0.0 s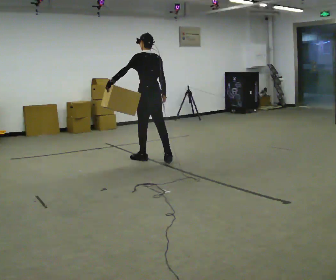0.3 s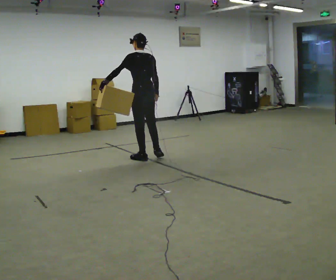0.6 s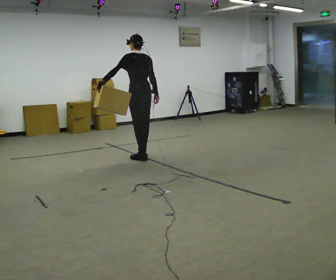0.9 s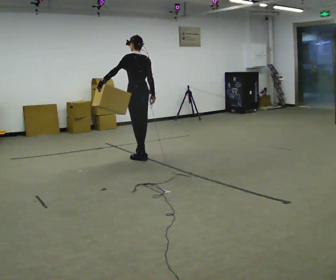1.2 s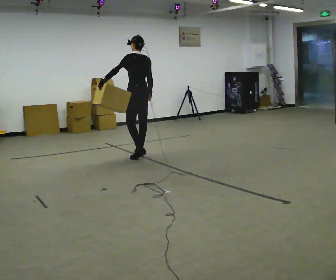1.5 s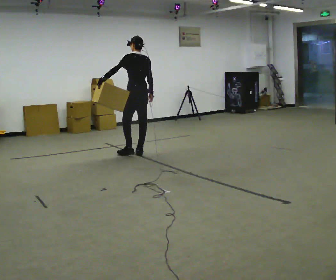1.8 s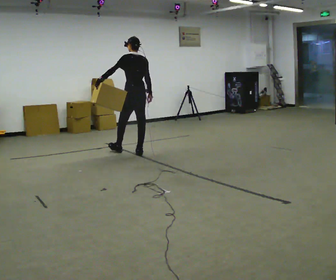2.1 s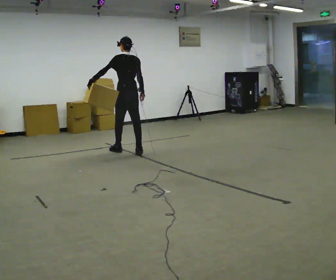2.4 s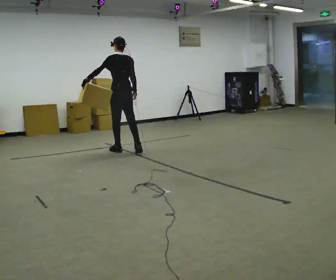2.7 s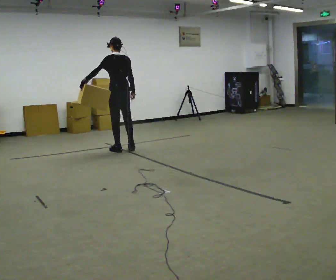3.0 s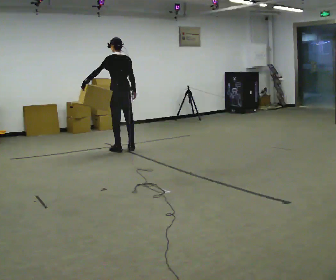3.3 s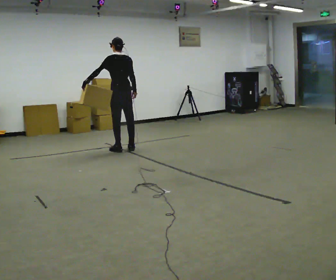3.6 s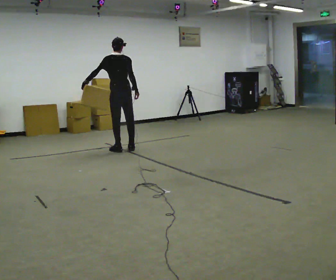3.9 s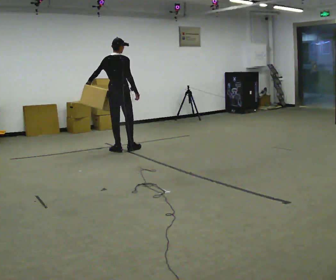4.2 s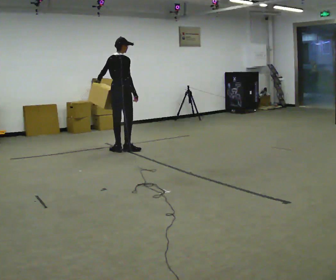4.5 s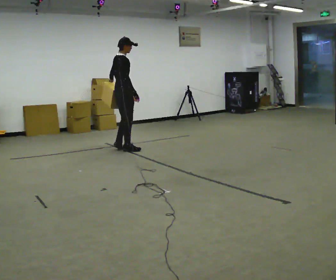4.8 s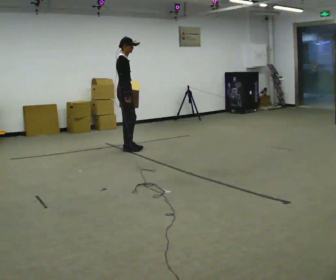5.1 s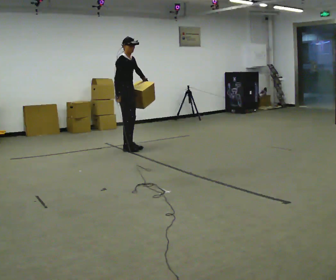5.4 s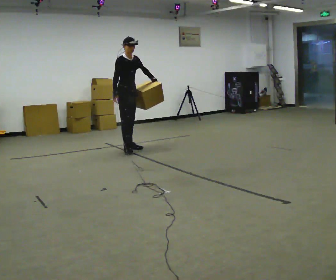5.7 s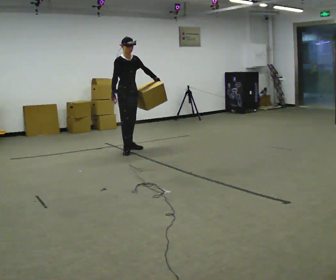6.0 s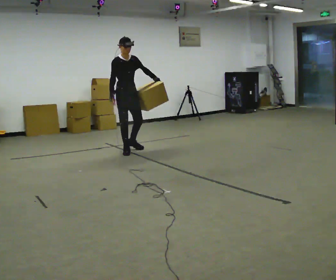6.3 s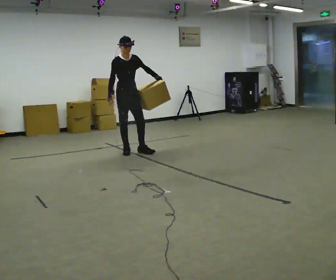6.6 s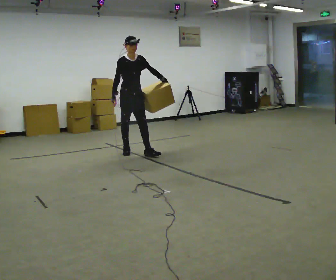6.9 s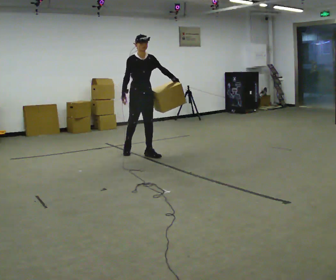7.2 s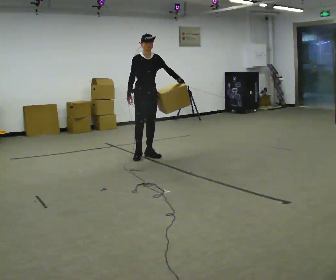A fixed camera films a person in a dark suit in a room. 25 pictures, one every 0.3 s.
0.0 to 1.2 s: In the picture they go away from the camera, about 0.25 m in 1 step, which for them is forward.
1.2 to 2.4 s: In the picture they go away from the camera and to the left, about 0.25 m in 1 step, which for them is forward.
2.4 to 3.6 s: The person moves a little, or ends about where they began.
3.6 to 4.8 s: The person turns about 90 degrees to their right, clockwise seen from above, so the part of the body nearest the lens slides to the left. In the picture their left hand goes to the right.
4.8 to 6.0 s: The part of the body nearest the lens slides to the left as the person turns to their right by about 60 degrees. In the picture their left hand goes to the right.
6.0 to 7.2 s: In the picture they go toward the camera and to the right, about 0.5 m in 1 step, which for them is forward.
The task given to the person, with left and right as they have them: Hold the object against your hip on the side the operator calls, and carry it back and forth across the room.
The film runs forward here.
